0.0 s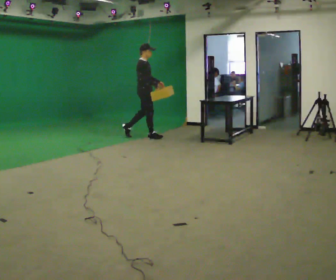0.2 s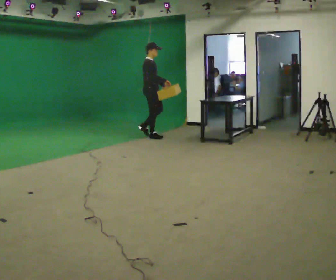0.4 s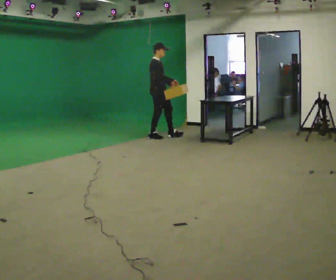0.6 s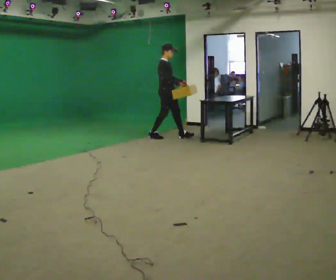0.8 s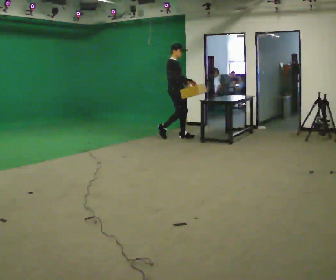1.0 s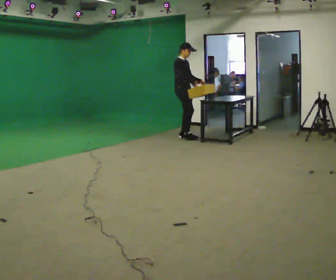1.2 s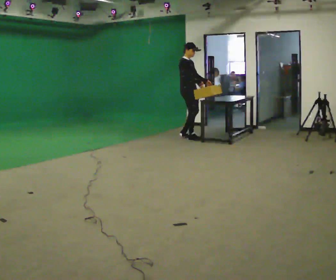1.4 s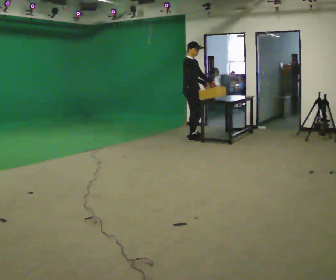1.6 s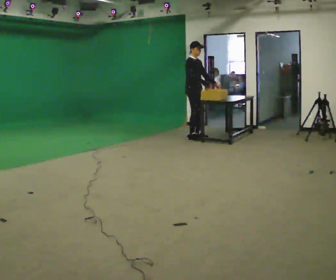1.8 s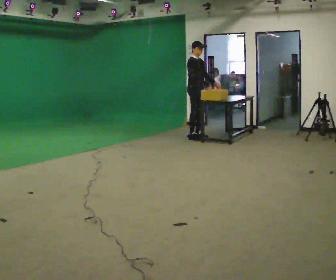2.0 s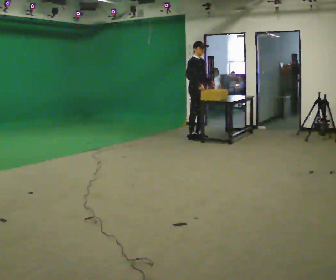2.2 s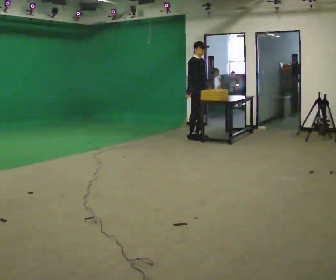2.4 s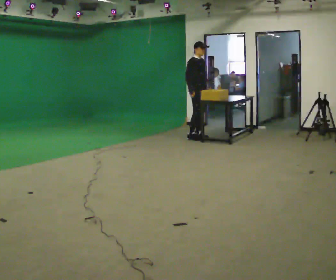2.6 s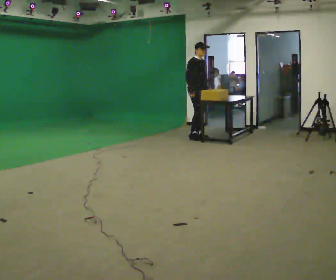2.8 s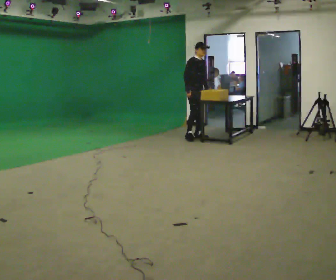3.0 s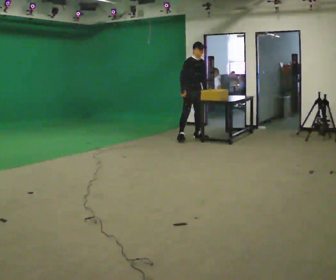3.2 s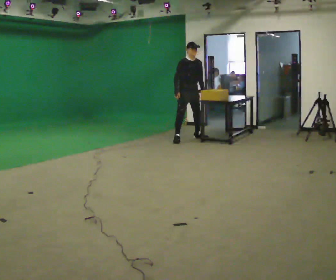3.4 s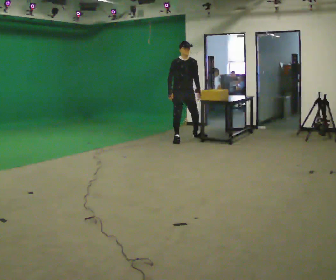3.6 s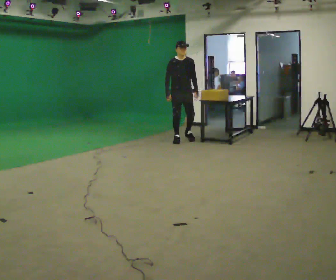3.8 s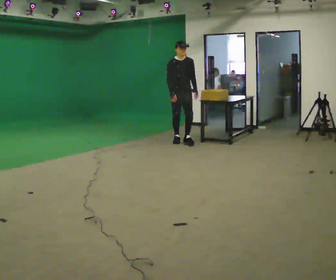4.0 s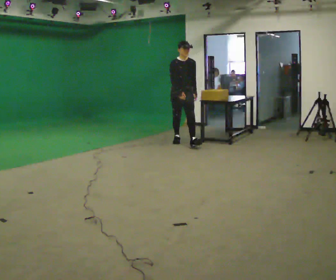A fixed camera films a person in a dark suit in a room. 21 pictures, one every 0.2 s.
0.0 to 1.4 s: In the picture they go to the right, about 1 m in 2 steps, which for them is forward.
1.4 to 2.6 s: The person moves a little, or ends about where they began.
2.6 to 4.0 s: The part of the body nearest the lens slides to the left as the person turns to their right by about 45 degrees. In the picture they go toward the camera, about 0.5 m in 1 step, which for them is to their right and forward.
The film runs forward here.
